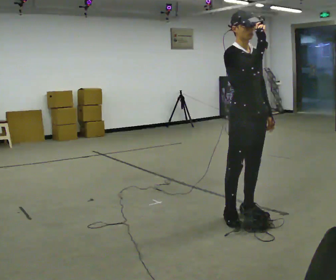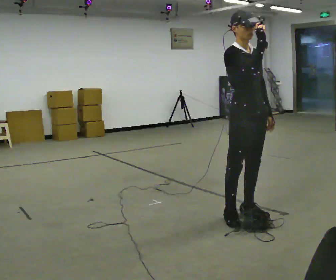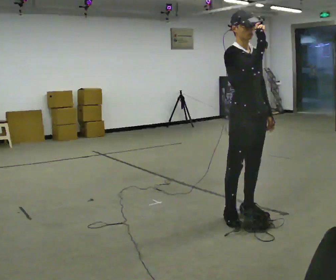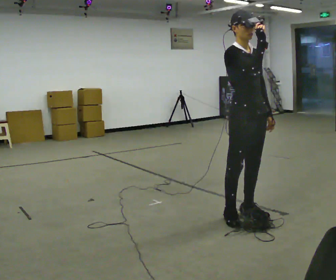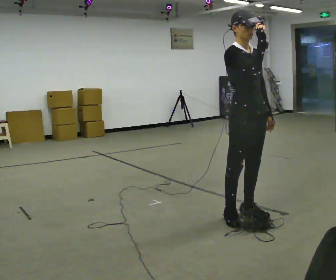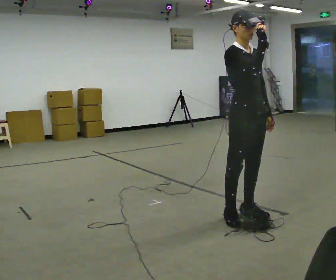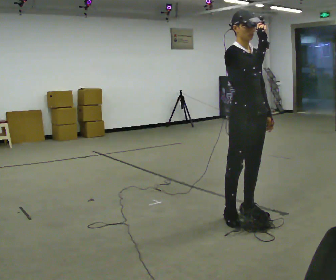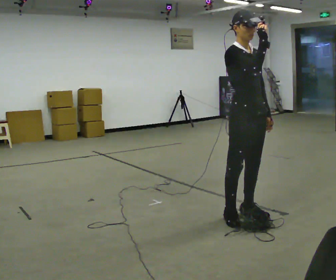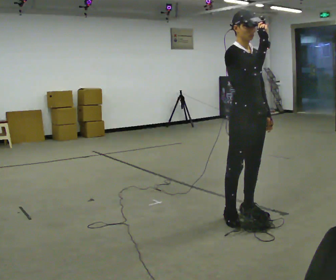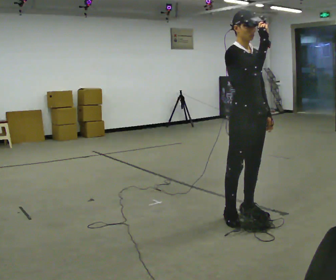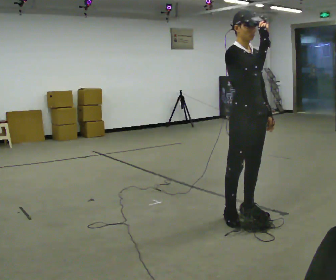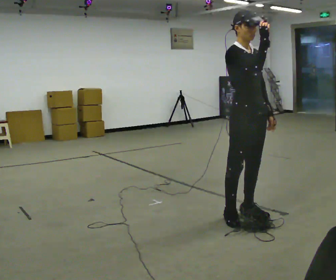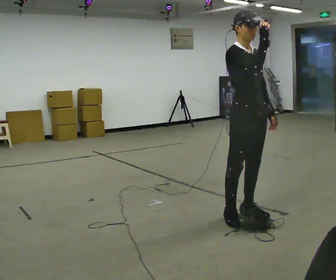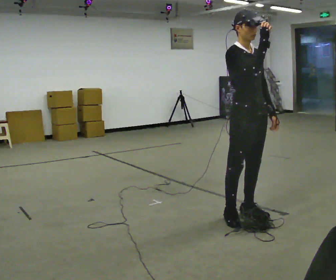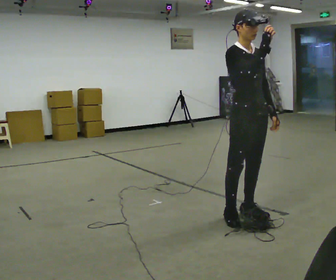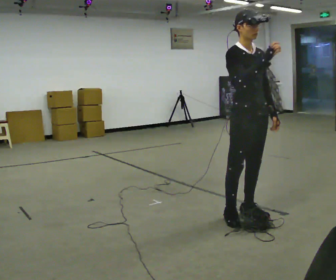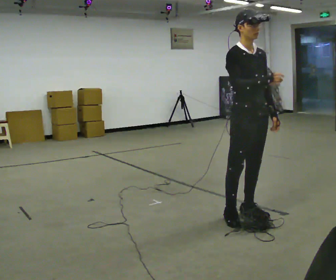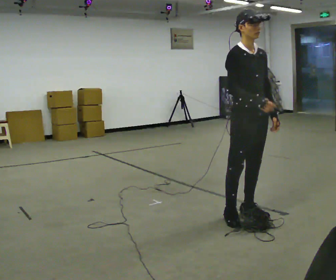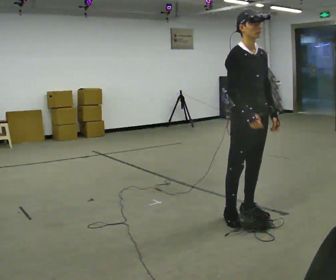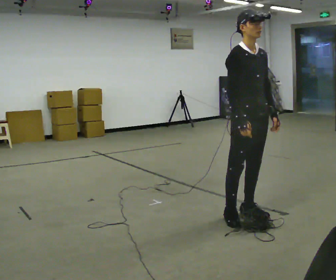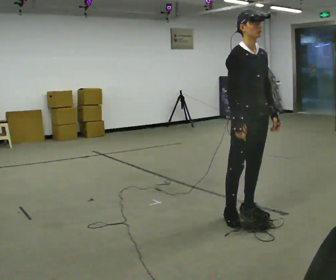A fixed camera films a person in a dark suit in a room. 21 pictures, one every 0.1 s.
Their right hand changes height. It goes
downward.
0.0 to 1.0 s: The person keeps their place and pose.
1.0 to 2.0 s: In the picture their right hand goes downward.
The film runs backward here.
